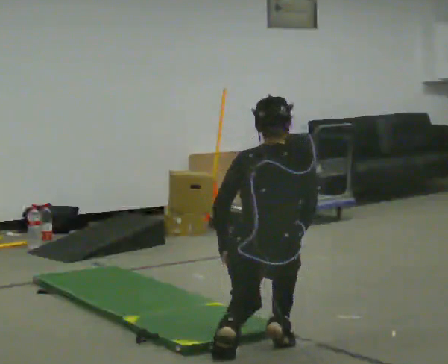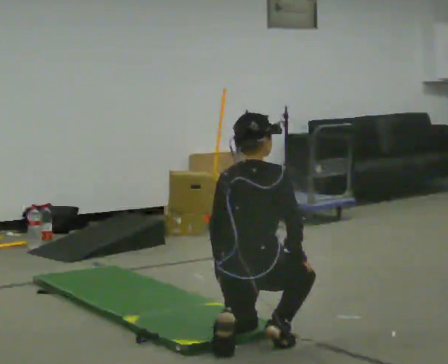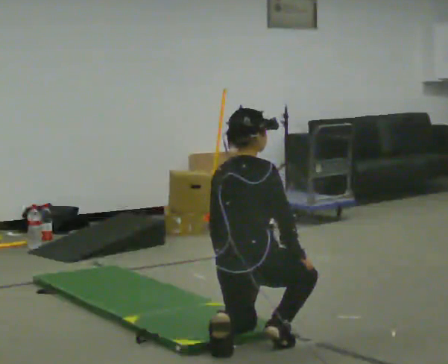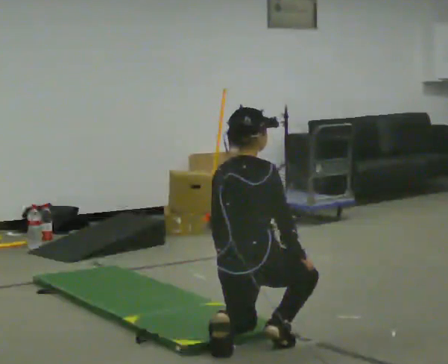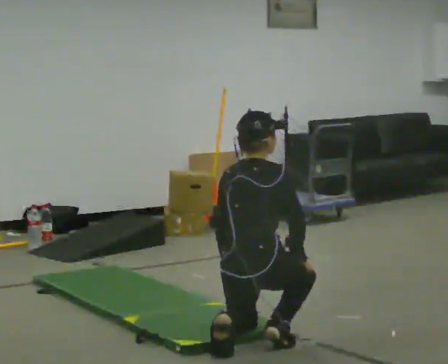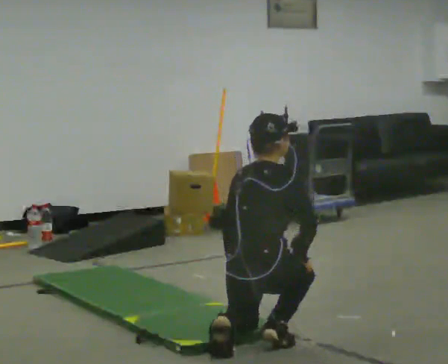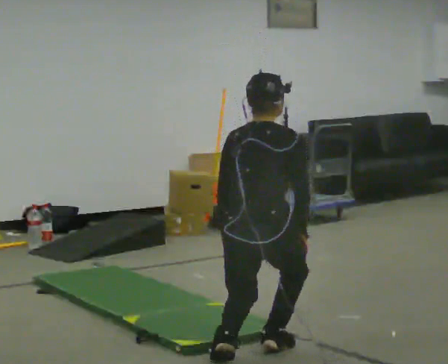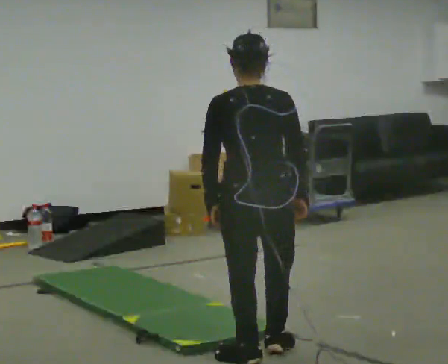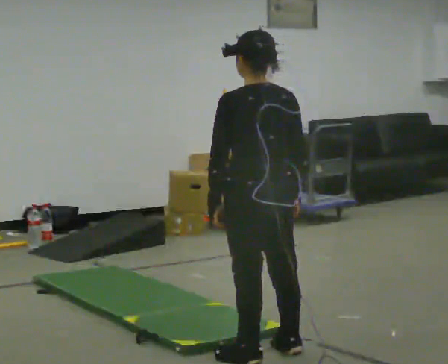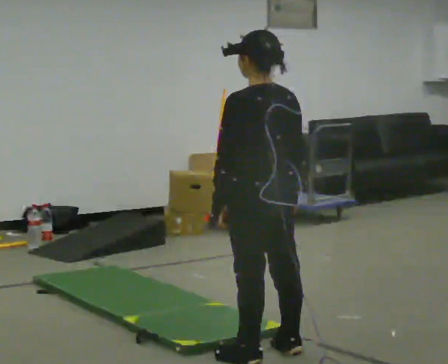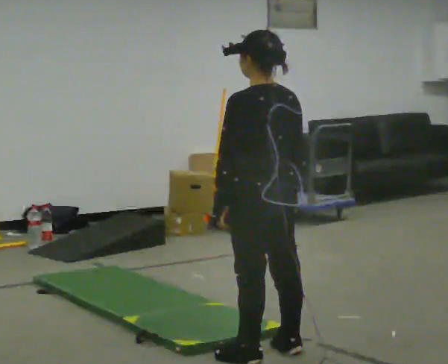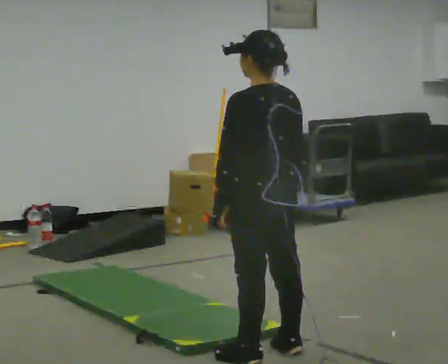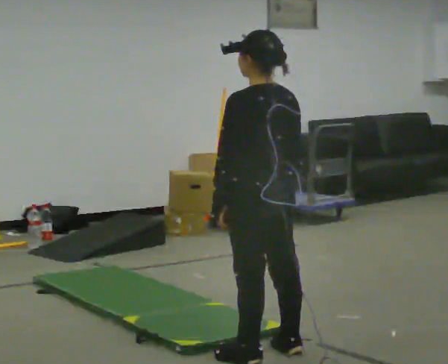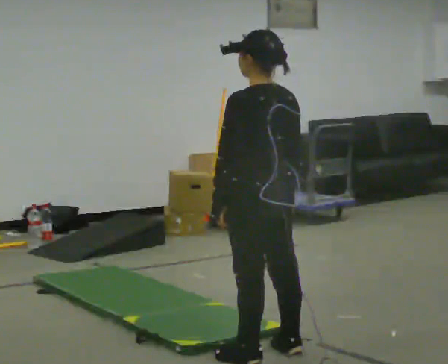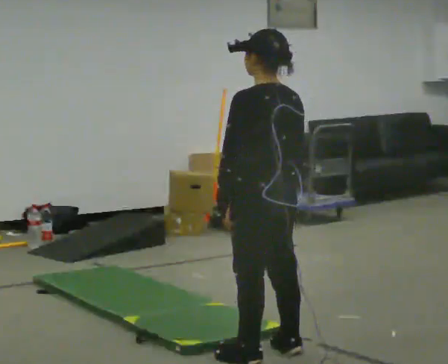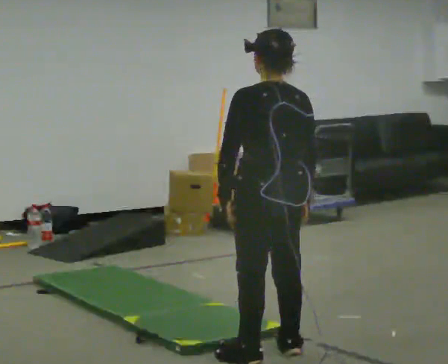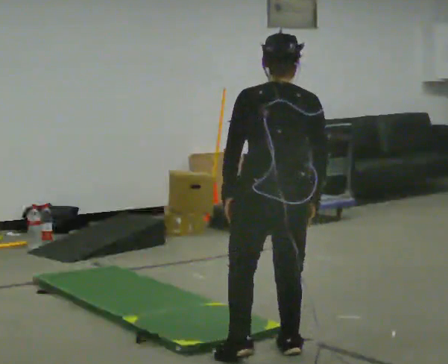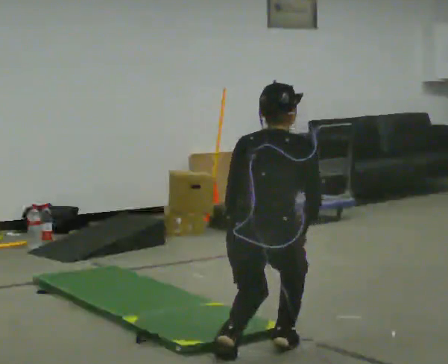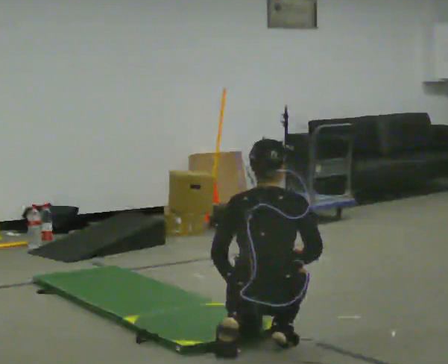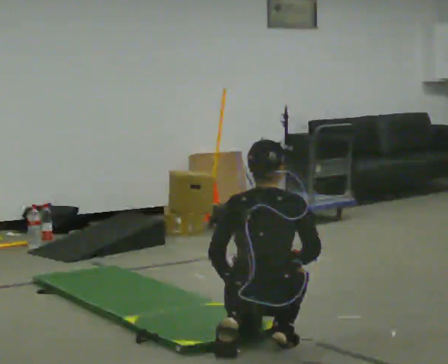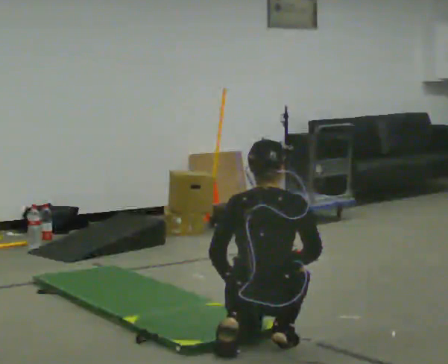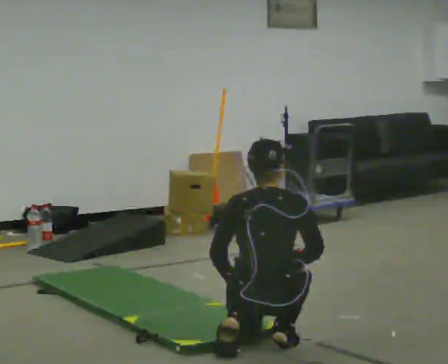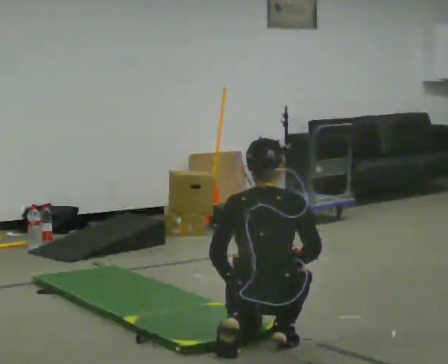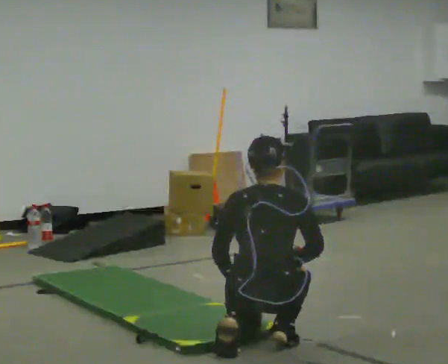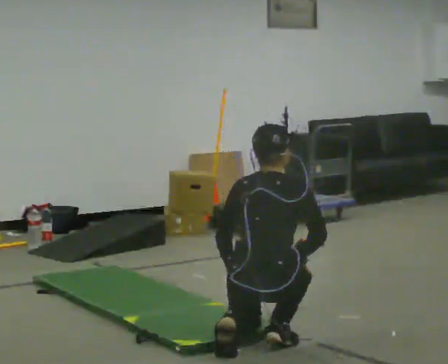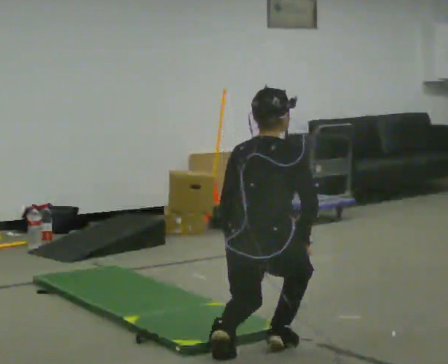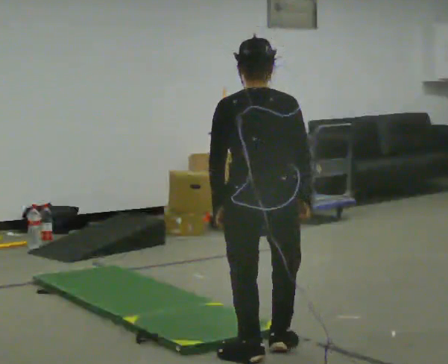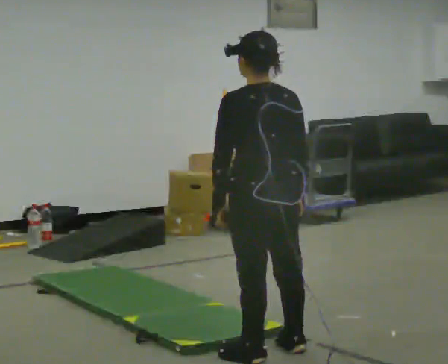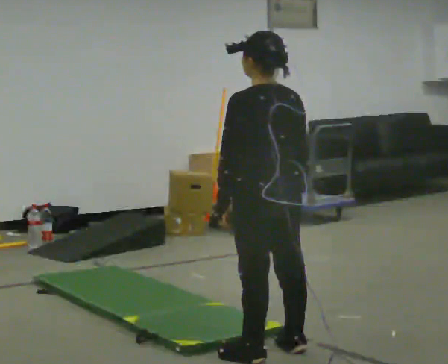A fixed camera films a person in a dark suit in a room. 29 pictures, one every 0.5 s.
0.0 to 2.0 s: The person moves a little, or ends about where they began.
2.0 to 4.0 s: The person turns about 60 degrees to their left, counterclockwise seen from above, so the part of the body nearest the lens slides to the right. In the picture they go toward the camera, about 0.25 m. The upper body goes upward. In the picture their left hand goes upward.
4.0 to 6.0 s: The person moves a little, or ends about where they began.
6.0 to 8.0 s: The person turns about 30 degrees to their right, clockwise seen from above, so the part of the body nearest the lens slides to the left.
8.0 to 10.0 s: The upper body goes downward. In the picture their right hand goes downward.
10.0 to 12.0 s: The person moves a little, or ends about where they began.
12.0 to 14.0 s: The part of the body nearest the lens slides to the right as the person turns to their left by about 60 degrees. The upper body goes upward.
The film runs backward here.
